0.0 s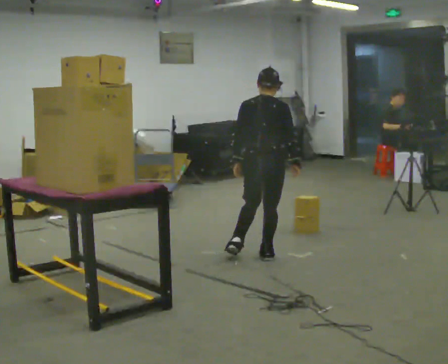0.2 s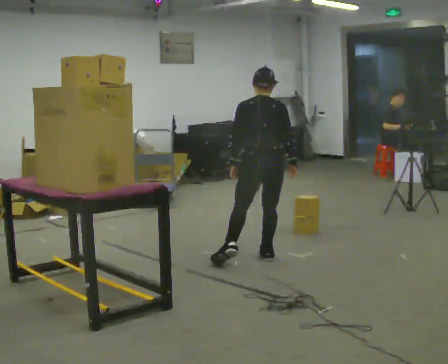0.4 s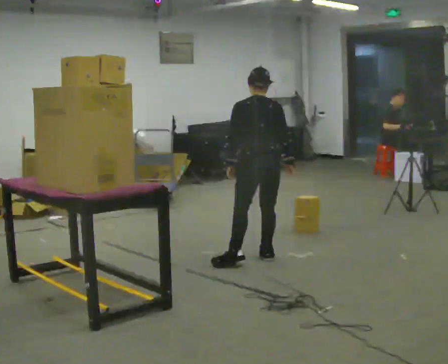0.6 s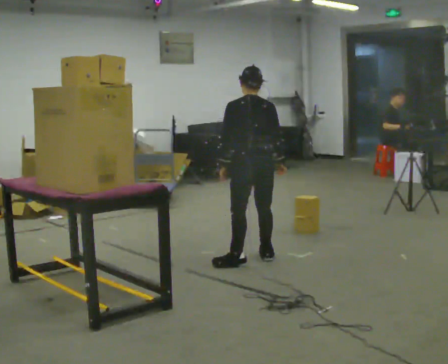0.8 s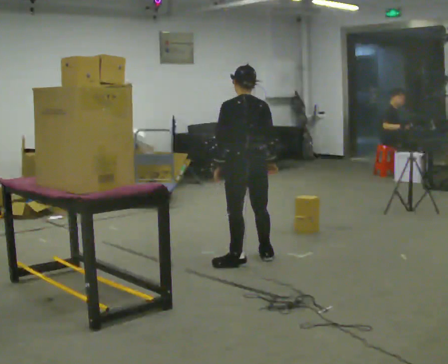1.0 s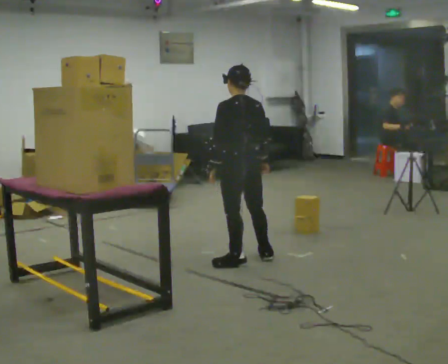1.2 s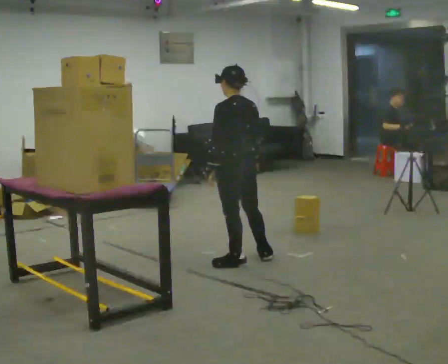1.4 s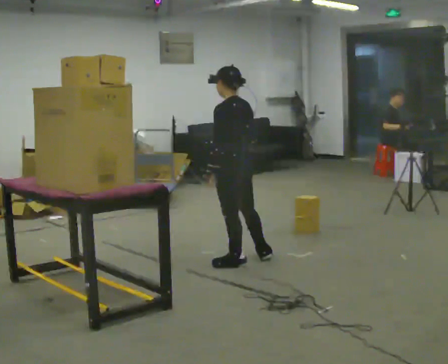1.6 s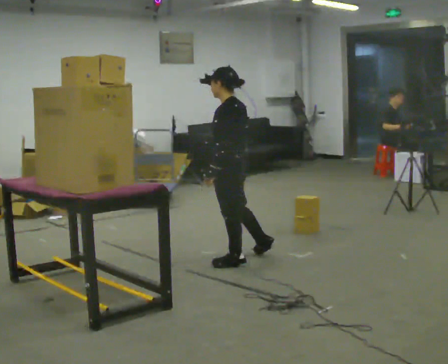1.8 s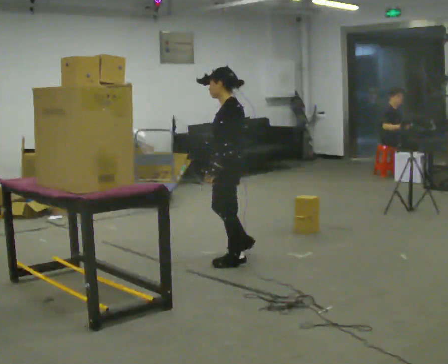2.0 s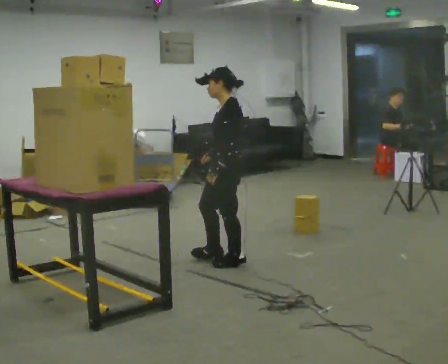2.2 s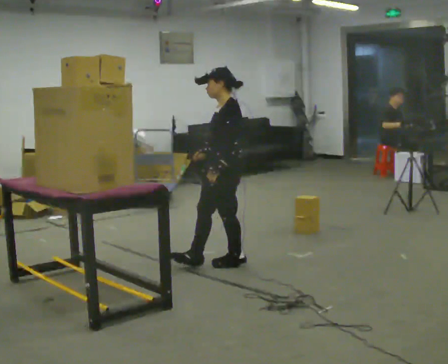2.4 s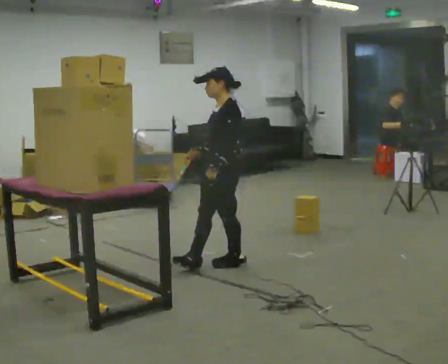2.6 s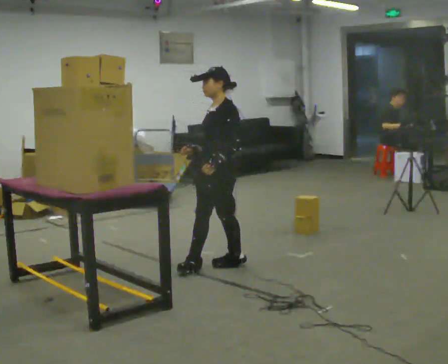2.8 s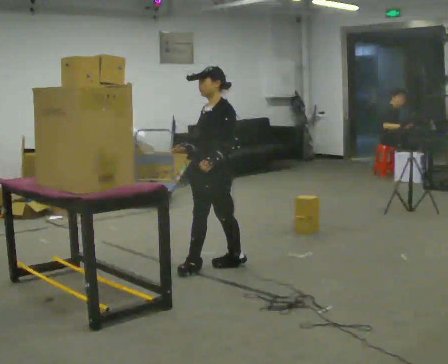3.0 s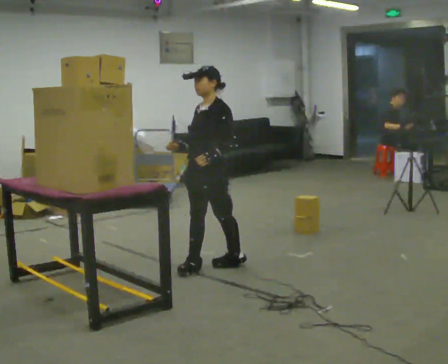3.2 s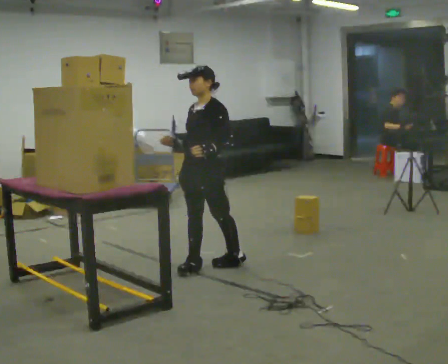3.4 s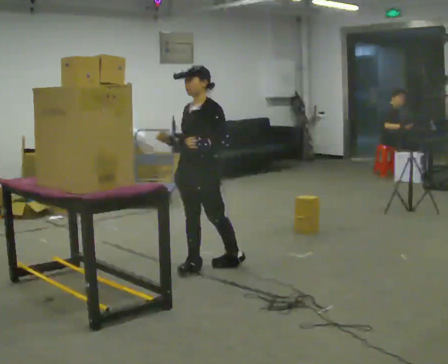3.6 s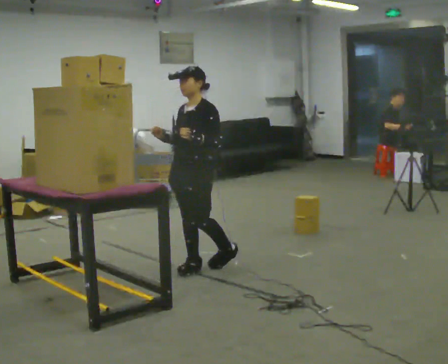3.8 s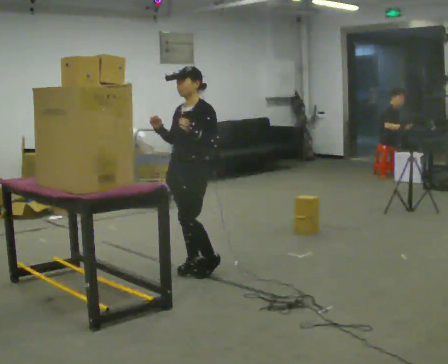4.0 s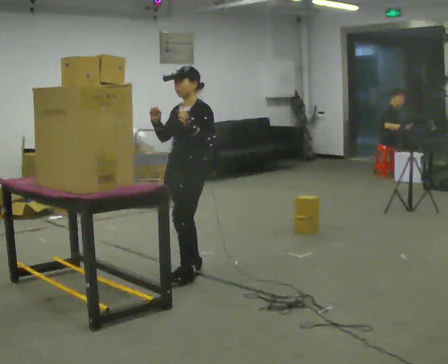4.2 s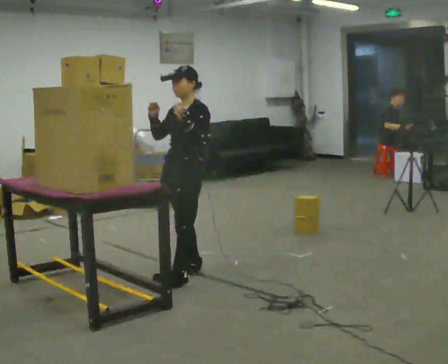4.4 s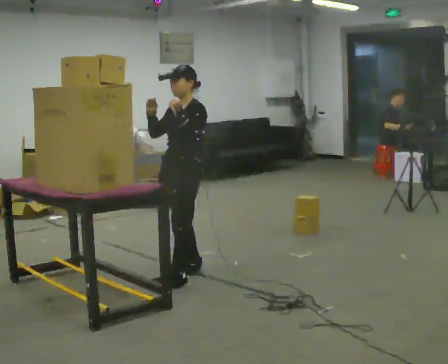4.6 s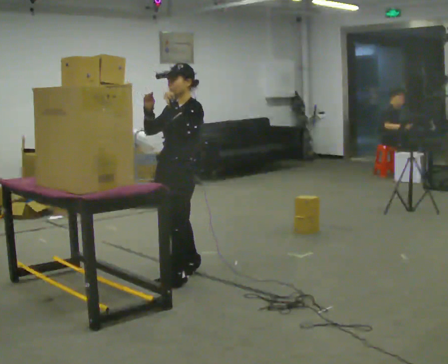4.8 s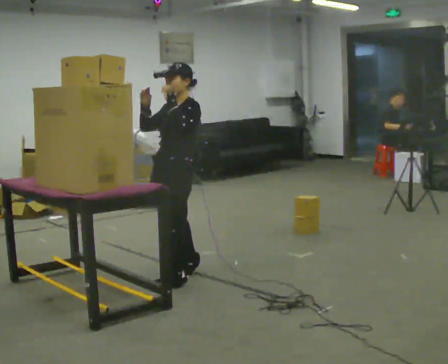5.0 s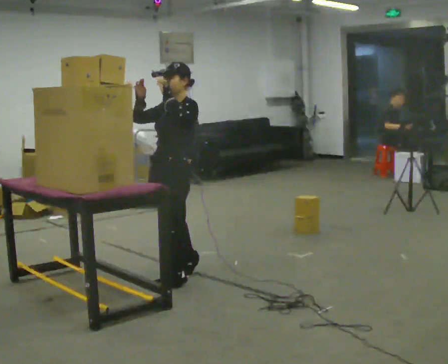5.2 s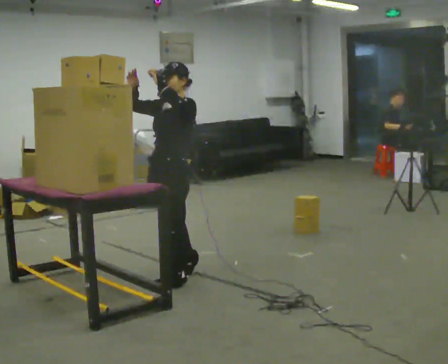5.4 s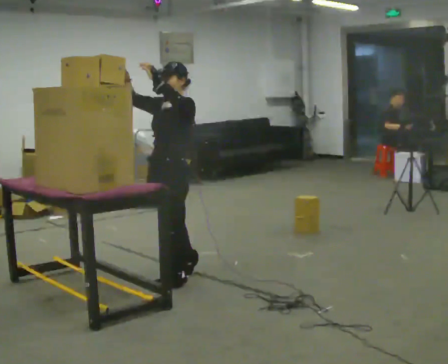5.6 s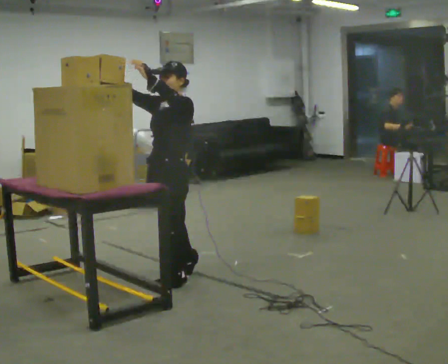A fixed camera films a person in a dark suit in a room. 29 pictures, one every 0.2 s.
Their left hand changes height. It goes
upward.
The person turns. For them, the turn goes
to their left.
0.0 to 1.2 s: The part of the body nearest the lens slides to the right as the person turns to their left by about 45 degrees. In the picture they go to the left and toward the camera, about 0.25 m, which for them is to their left and backward.
1.2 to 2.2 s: The part of the body nearest the lens slides to the right as the person turns to their left by about 60 degrees. In the picture their right hand goes to the left.
2.2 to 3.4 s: The part of the body nearest the lens slides to the right as the person turns to their left by about 30 degrees. In the picture they go to the left, about 0.25 m, which for them is forward.
3.4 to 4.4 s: In the picture they go toward the camera, about 0.25 m in 1 step, which for them is forward.
4.4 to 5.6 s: In the picture they go toward the camera, about 0.25 m, which for them is forward and to their left.
The film runs backward here.
